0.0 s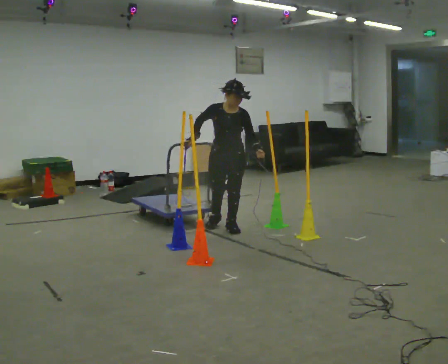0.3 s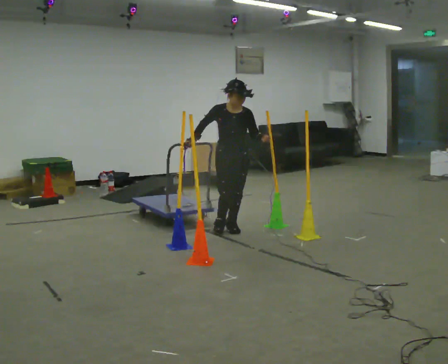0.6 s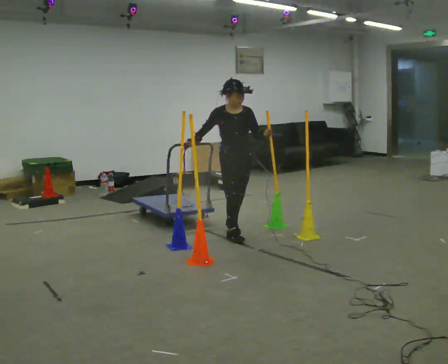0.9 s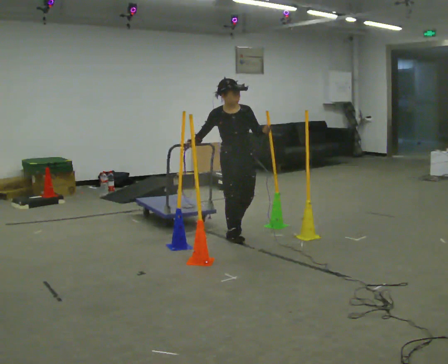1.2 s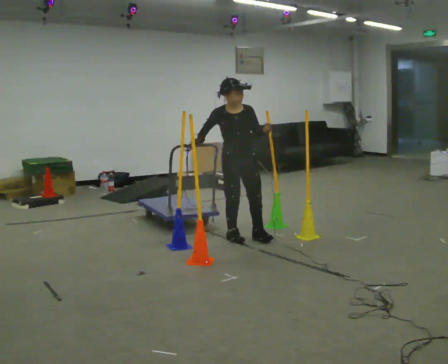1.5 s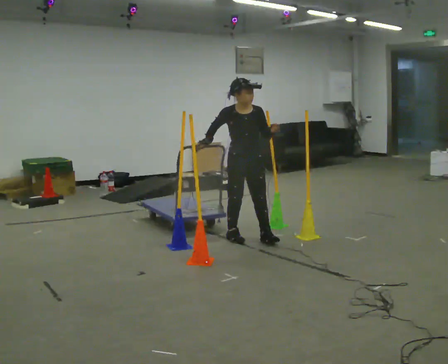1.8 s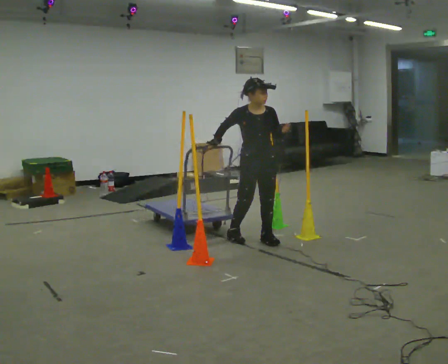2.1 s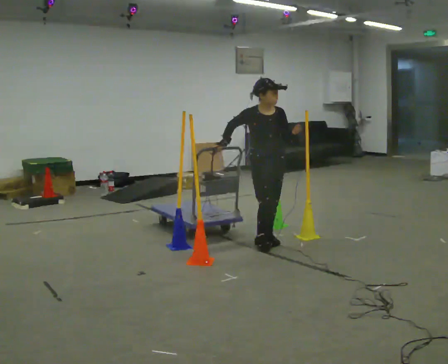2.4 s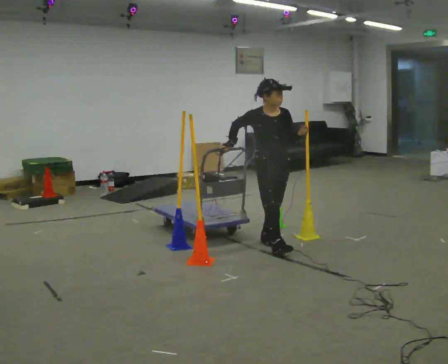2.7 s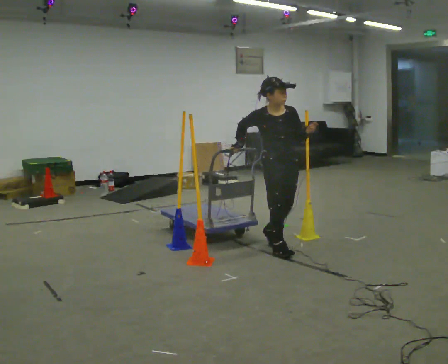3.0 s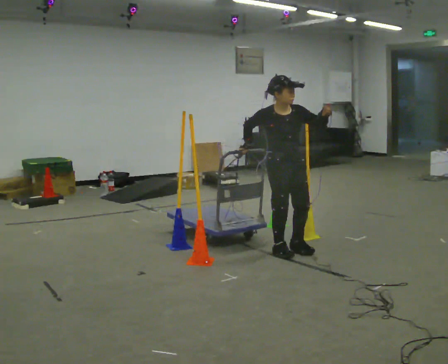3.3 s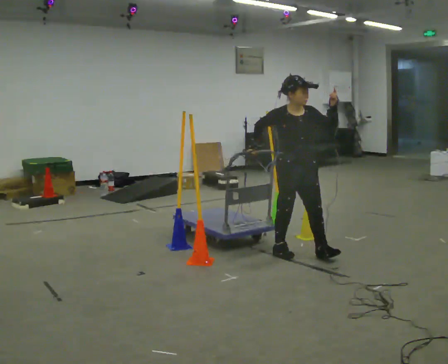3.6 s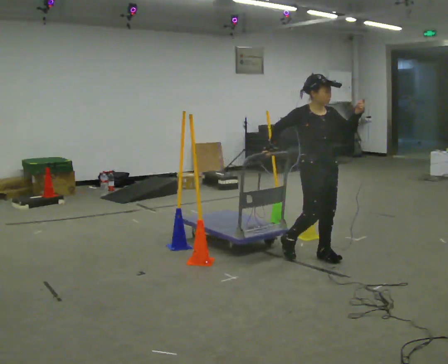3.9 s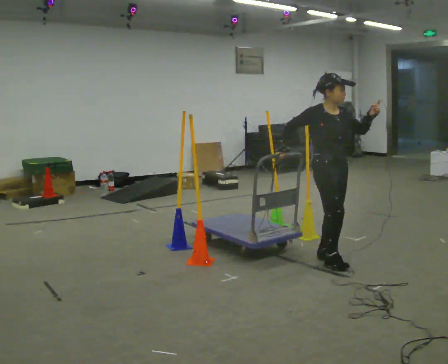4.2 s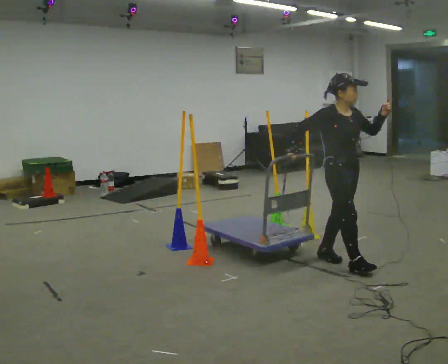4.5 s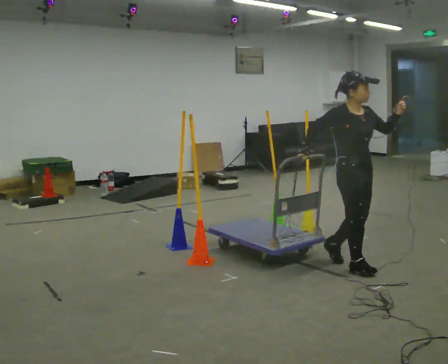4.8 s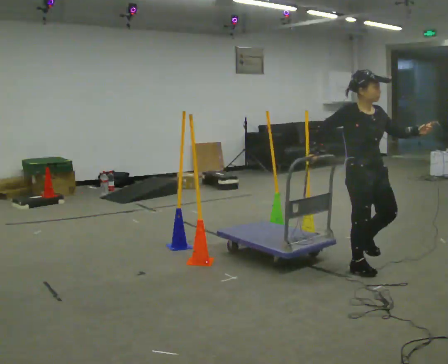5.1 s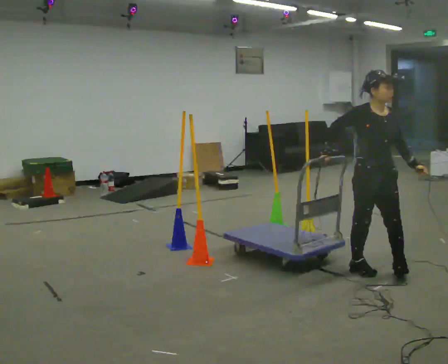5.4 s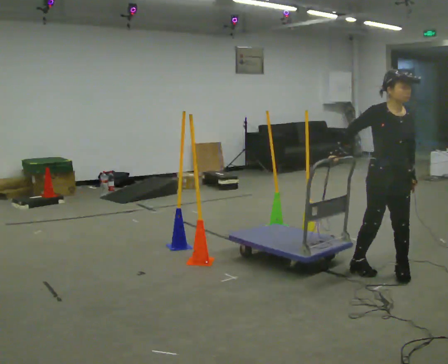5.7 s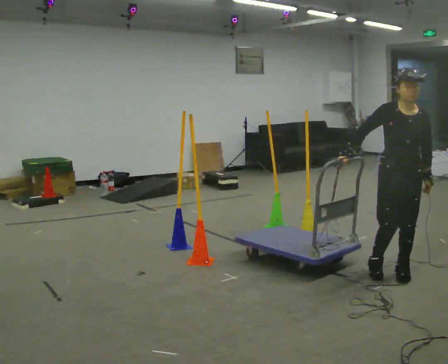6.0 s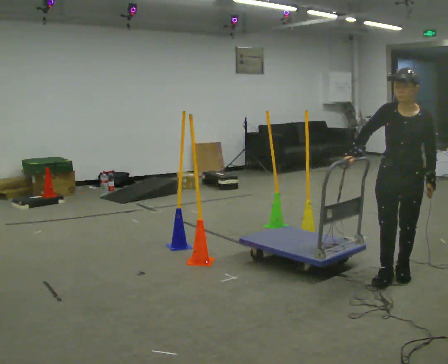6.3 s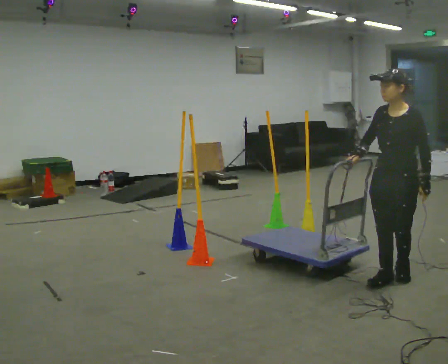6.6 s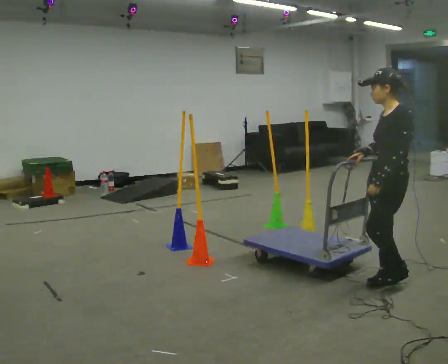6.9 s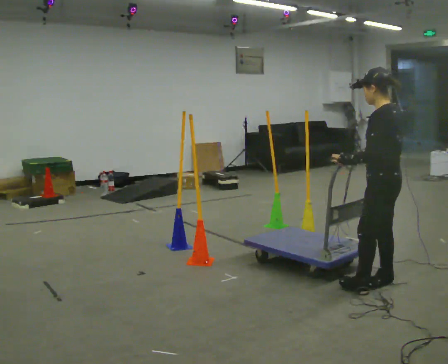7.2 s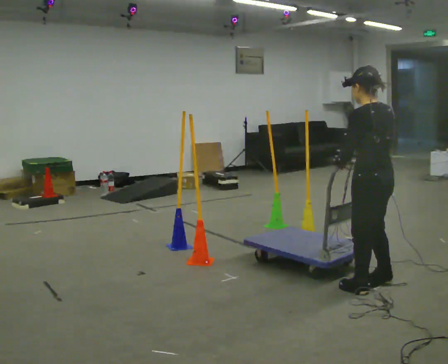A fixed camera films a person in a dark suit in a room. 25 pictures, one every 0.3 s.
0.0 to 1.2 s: In the picture they go toward the camera, about 0.25 m in 1 step, which for them is forward.
1.2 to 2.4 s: In the picture they go to the right and toward the camera, about 0.5 m in 2 steps, which for them is forward and to their left.
2.4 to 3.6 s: In the picture they go to the right and toward the camera, about 0.5 m in 1 step, which for them is forward.
3.6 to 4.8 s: In the picture they go to the right and toward the camera, about 0.5 m in 1 step, which for them is forward.
4.8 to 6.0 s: The part of the body nearest the lens slides to the left as the person turns to their right by about 60 degrees. In the picture they go to the right, about 0.25 m in 2 steps, which for them is forward and to their left.
6.0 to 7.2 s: The part of the body nearest the lens slides to the left as the person turns to their right by about 120 degrees. In the picture they go toward the camera and to the left, about 0.25 m in 1 step.
The film runs forward here.
